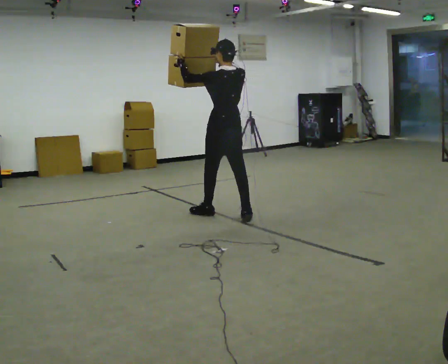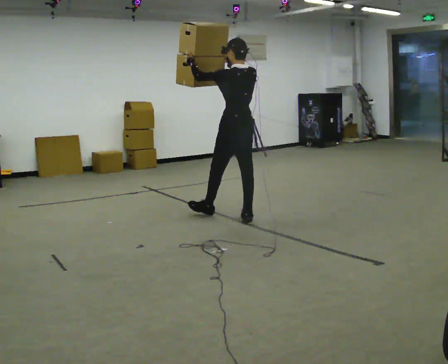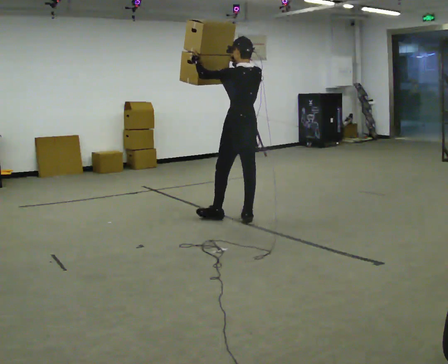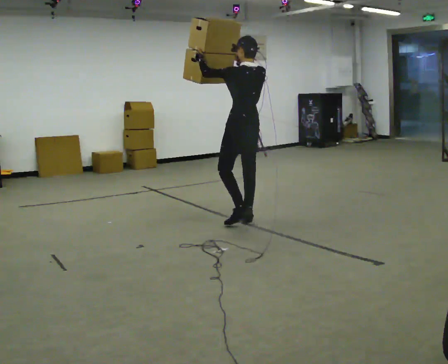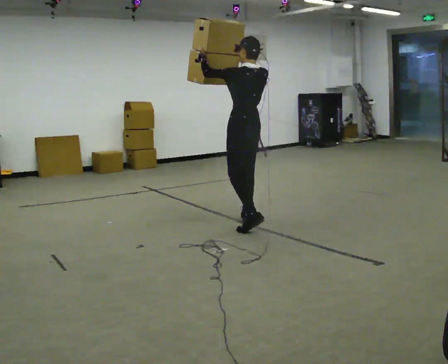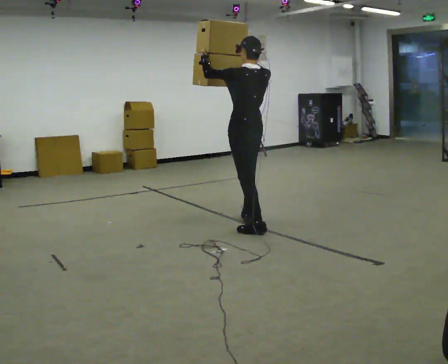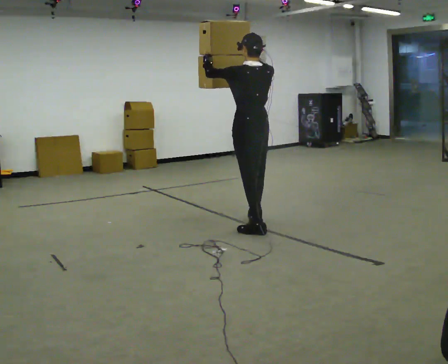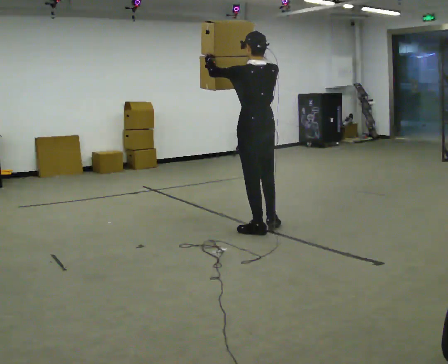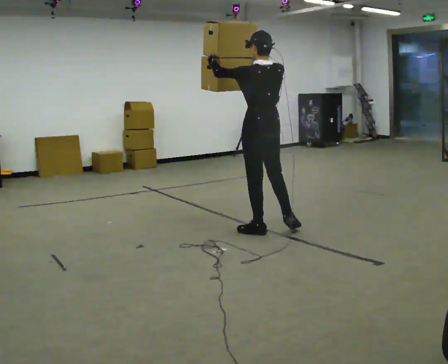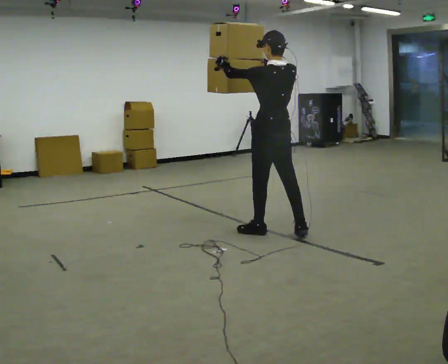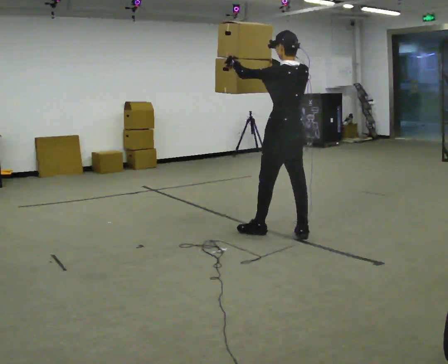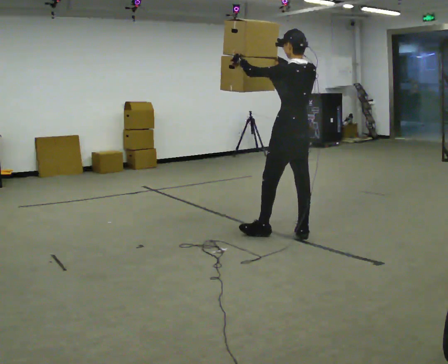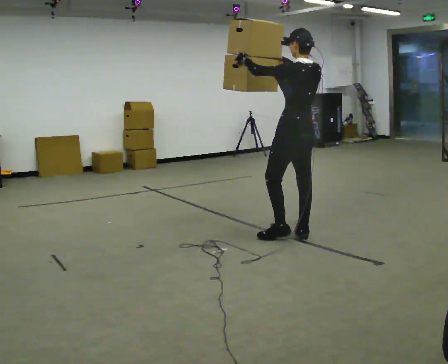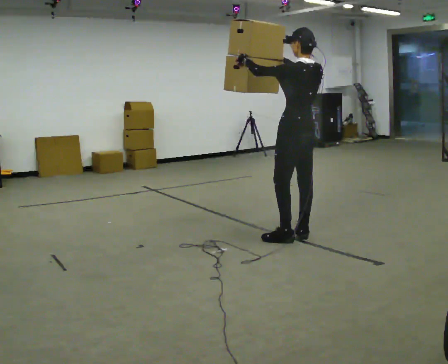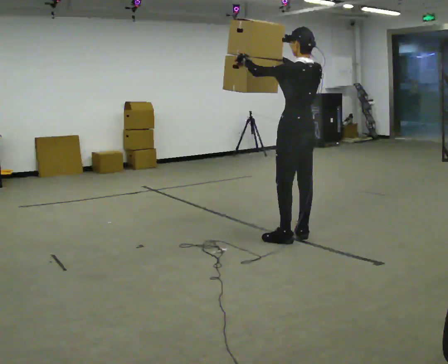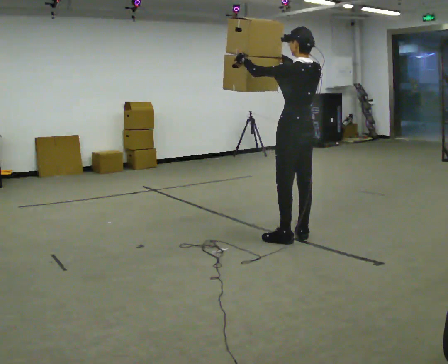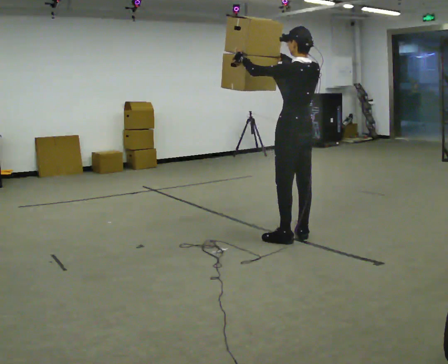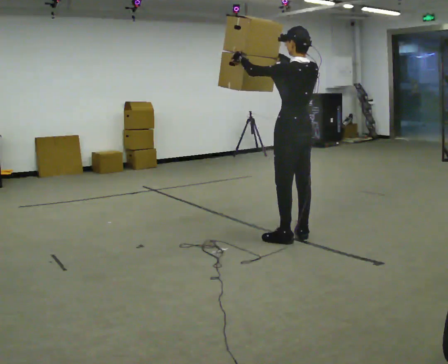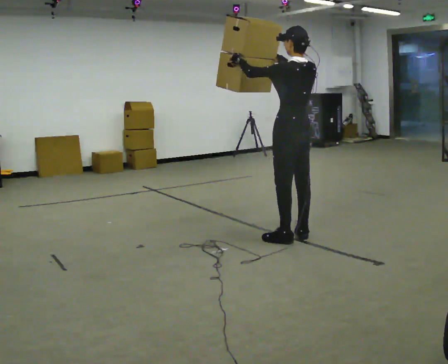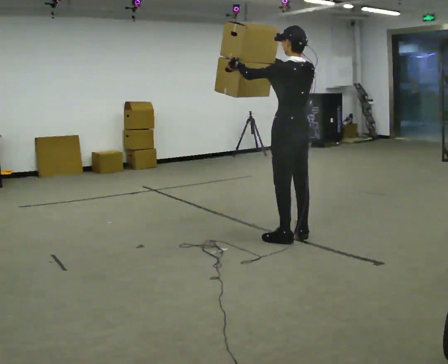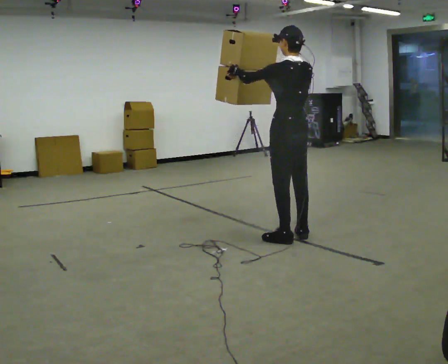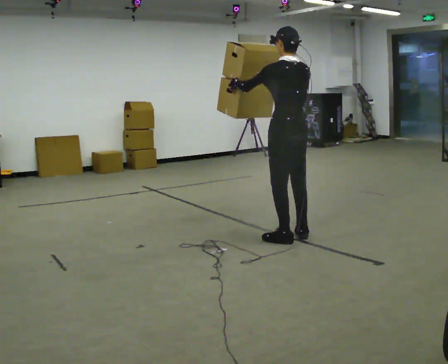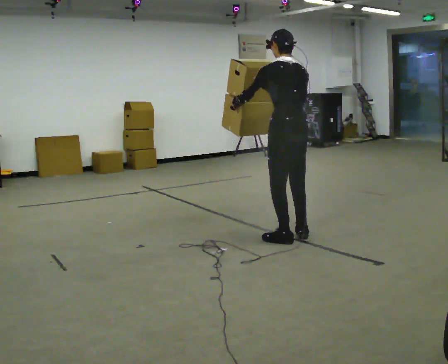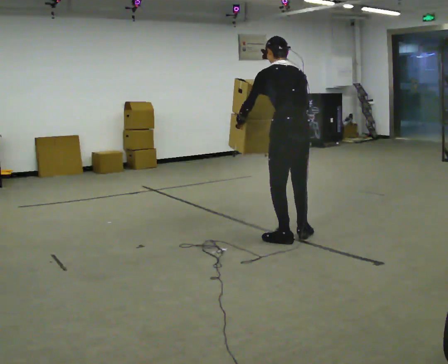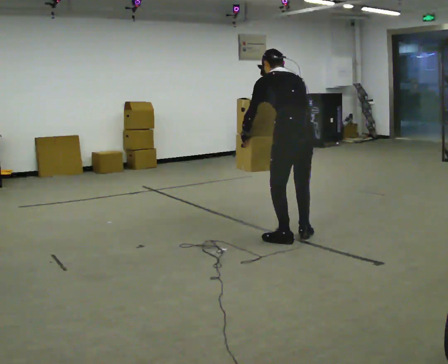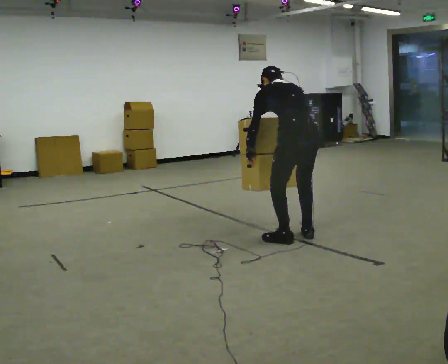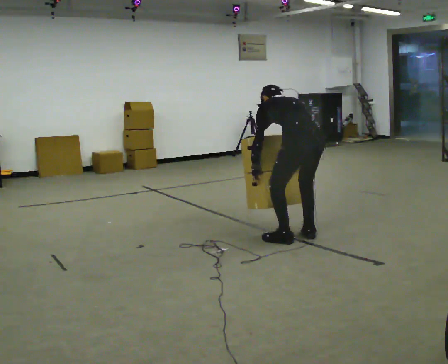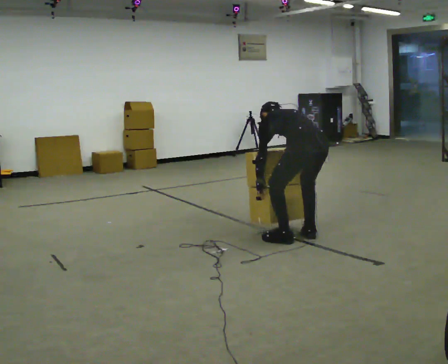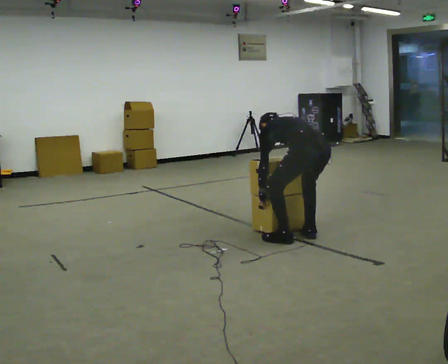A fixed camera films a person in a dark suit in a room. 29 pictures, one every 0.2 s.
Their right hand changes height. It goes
downward.
The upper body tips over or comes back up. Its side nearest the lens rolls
upward.
0.0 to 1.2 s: In the picture they go toward the camera and to the right, about 0.5 m in 2 steps, which for them is backward.
1.2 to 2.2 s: In the picture they go to the right, about 0.5 m in 1 step, which for them is backward and to their right.
2.2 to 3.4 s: The person moves a little, or ends about where they began.
3.4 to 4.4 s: In the picture their right hand goes downward.
4.4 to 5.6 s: In the picture they go to the right, about 0.25 m, which for them is backward. The shoulders move downward. The upper body tips away from the camera, its near side rolling upward, as they bend forward. In the picture their right hand goes downward.
The film runs backward here.
